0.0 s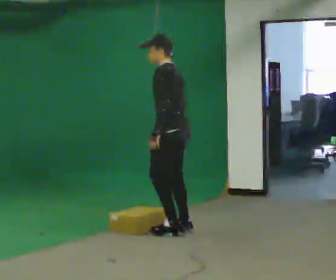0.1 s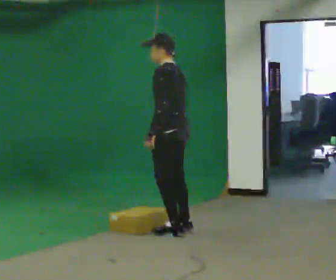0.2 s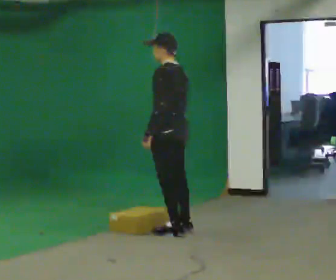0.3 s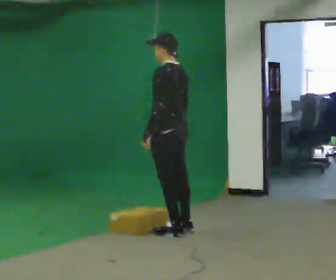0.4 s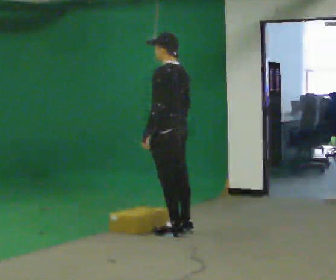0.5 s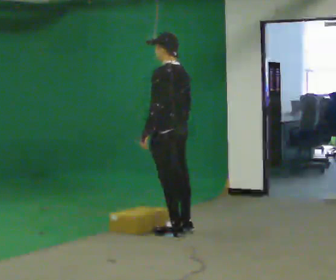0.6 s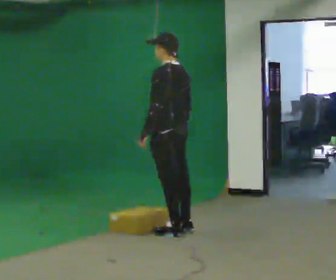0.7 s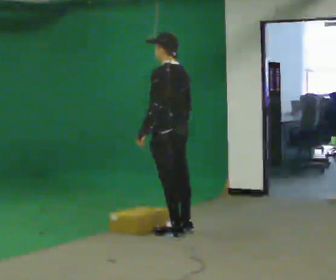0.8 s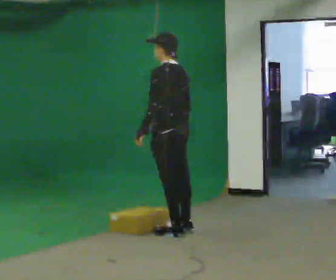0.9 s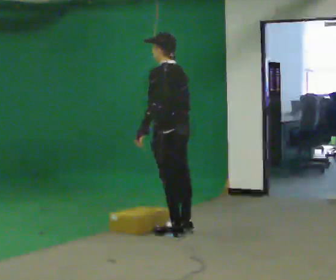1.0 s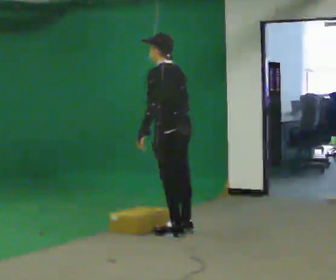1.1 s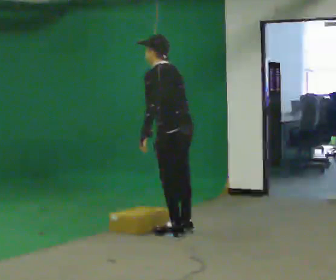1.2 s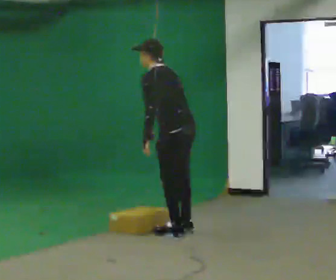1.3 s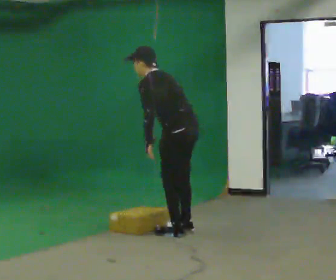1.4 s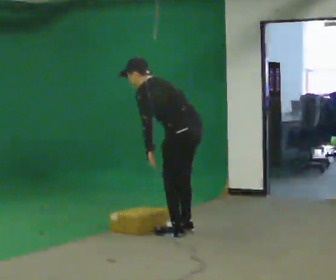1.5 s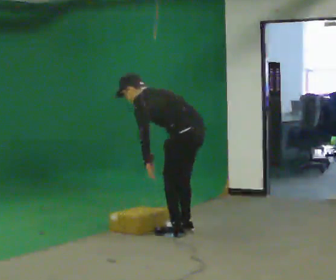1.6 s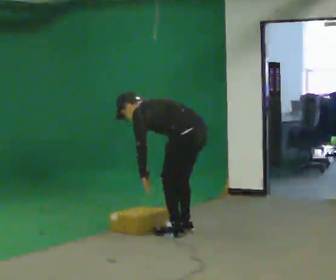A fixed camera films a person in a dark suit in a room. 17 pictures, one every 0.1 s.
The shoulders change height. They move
downward.
0.0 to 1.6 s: The shoulders move downward. In the picture the upper body tilts counterclockwise, shoulders to the left, as they bend forward.
The film runs backward here.
